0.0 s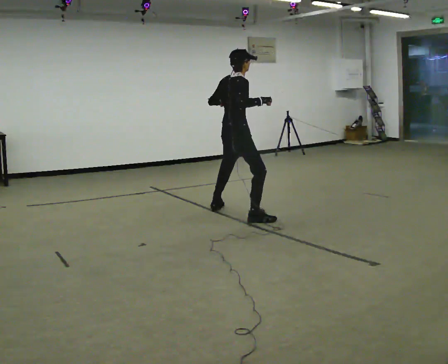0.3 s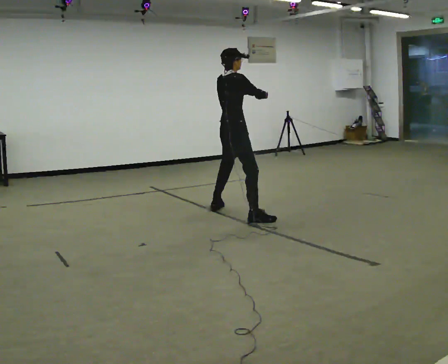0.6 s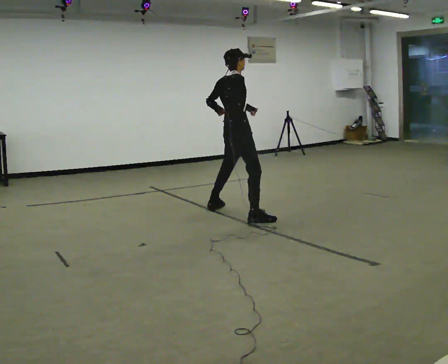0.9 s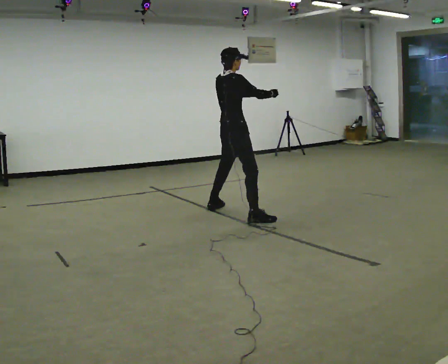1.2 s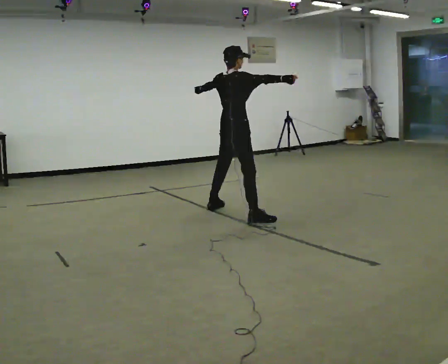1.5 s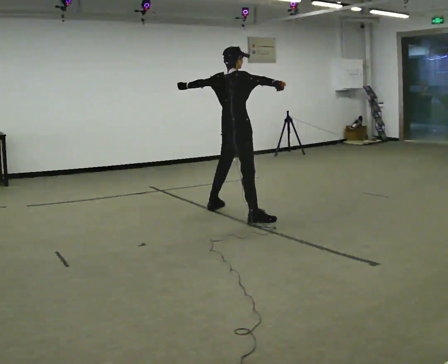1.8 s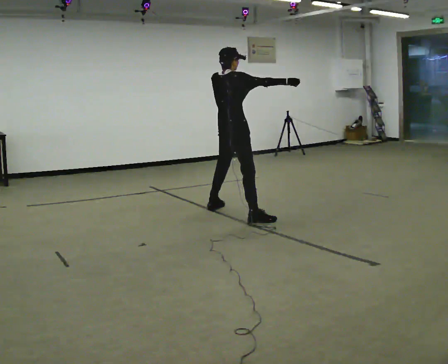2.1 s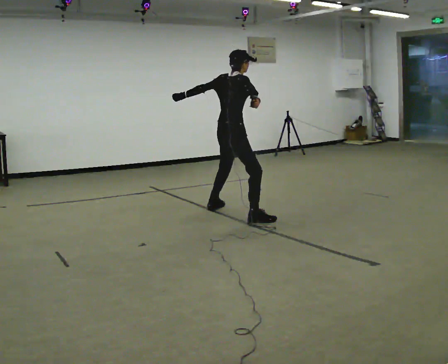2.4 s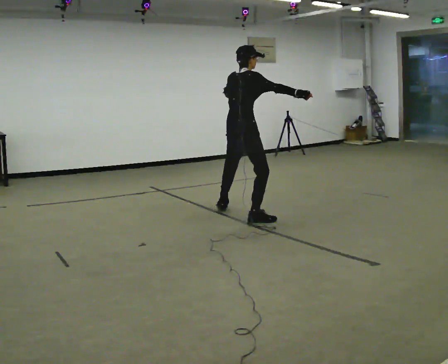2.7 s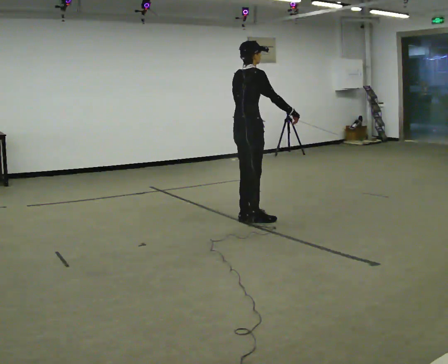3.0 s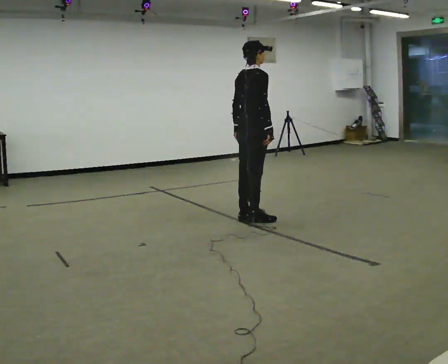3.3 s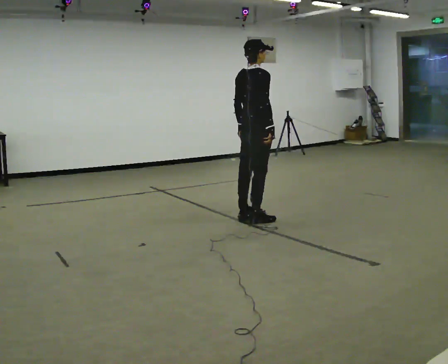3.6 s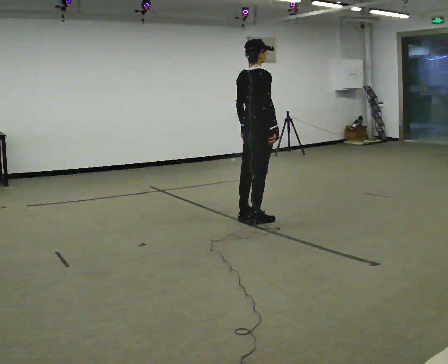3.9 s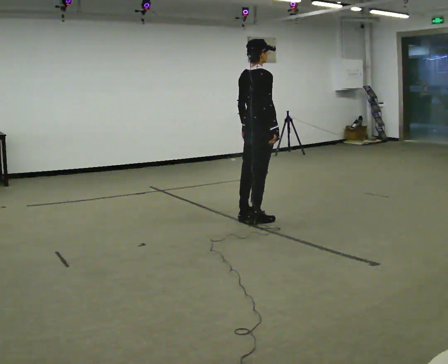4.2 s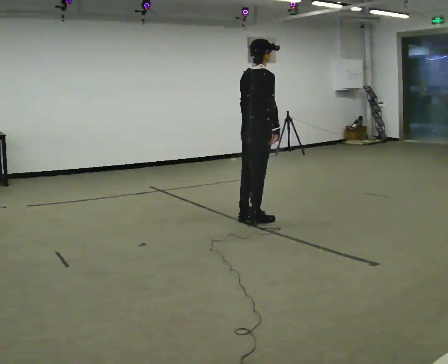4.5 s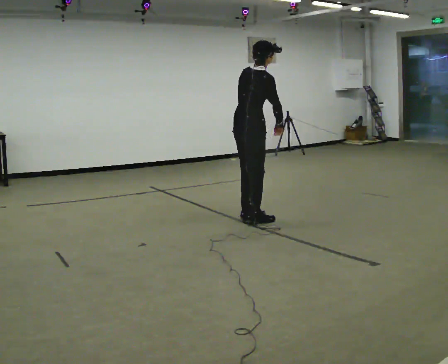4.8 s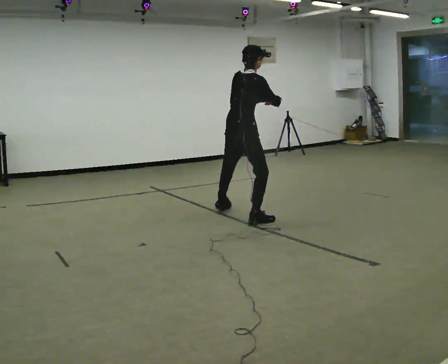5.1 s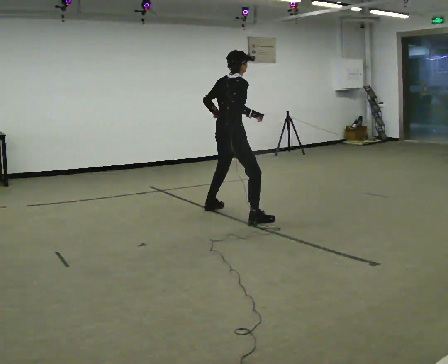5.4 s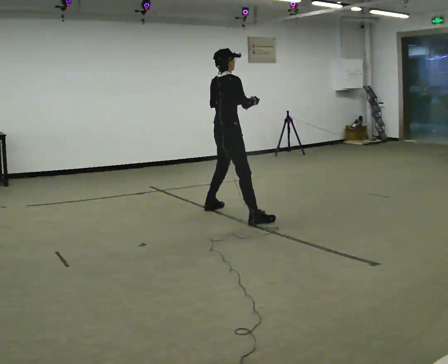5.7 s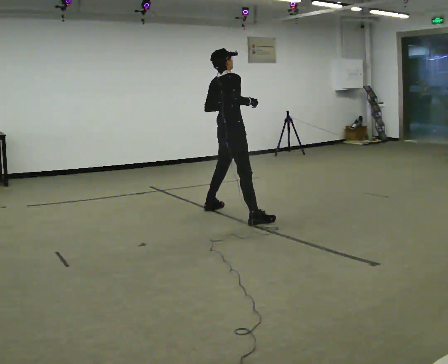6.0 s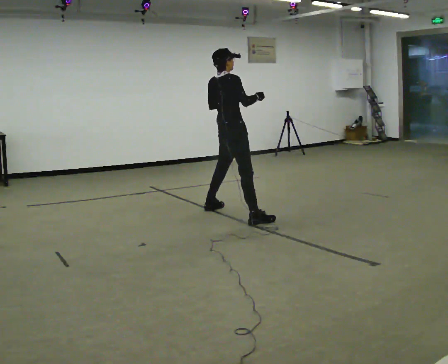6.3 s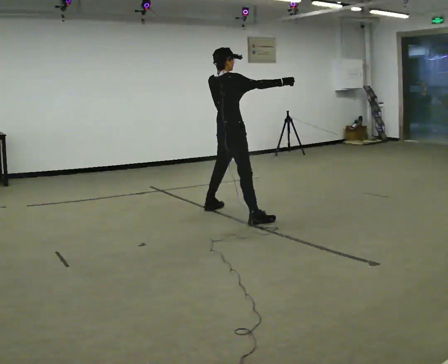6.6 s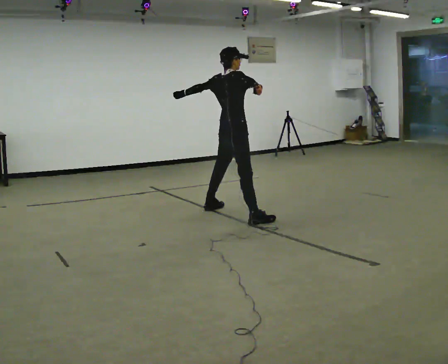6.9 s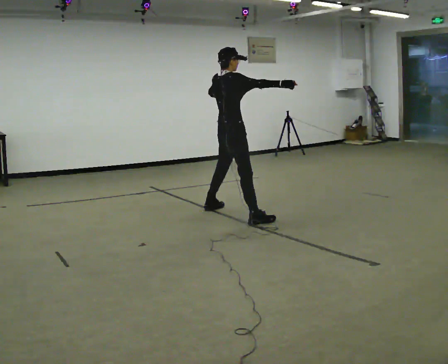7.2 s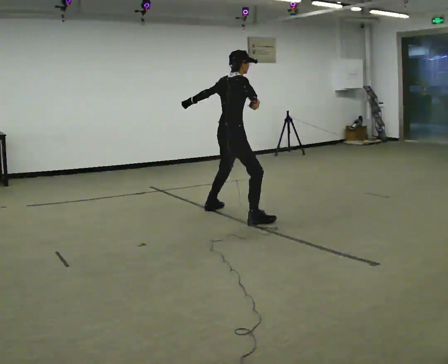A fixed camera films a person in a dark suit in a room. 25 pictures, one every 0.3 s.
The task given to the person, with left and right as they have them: Dance freely at a slow tempo as if to slow music; keep moving continuously.
0.0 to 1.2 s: The person moves a little, or ends about where they began.
1.2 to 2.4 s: In the picture they go toward the camera, about 0.25 m, which for them is to their right. In the picture their left hand goes to the right.
2.4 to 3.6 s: In the picture they go to the right, about 0.25 m in 1 step, which for them is to their right. In the picture their right hand goes downward, the arm swinging clockwise.
3.6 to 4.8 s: In the picture they go to the left, about 0.25 m, which for them is to their left. In the picture the upper body tilts clockwise, shoulders to the right.
4.8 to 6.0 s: In the picture they go away from the camera, about 0.25 m in 1 step, which for them is to their left. In the picture the upper body tilts counterclockwise, shoulders to the left, as they lean back or straighten.
6.0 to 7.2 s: The person moves a little, or ends about where they began.
The film runs forward here.
